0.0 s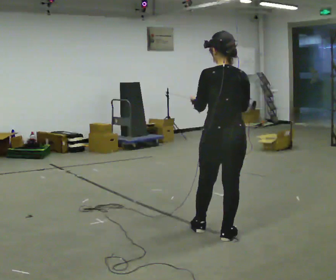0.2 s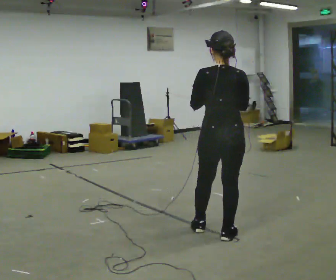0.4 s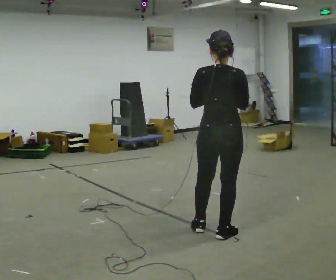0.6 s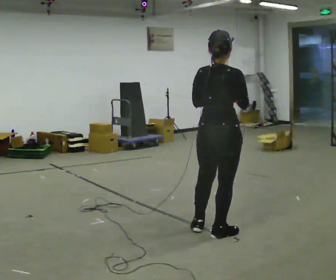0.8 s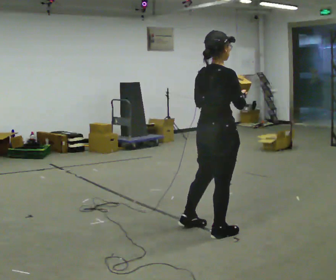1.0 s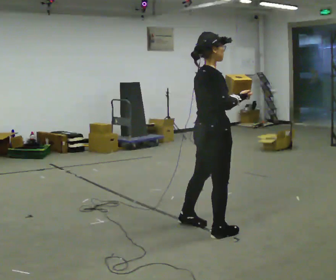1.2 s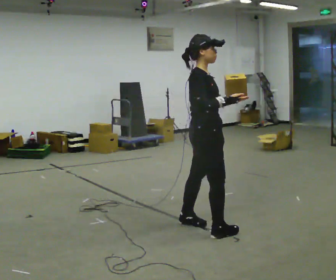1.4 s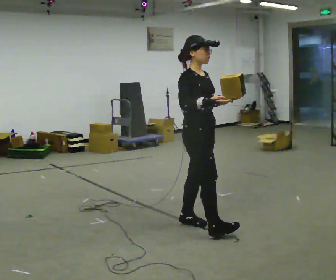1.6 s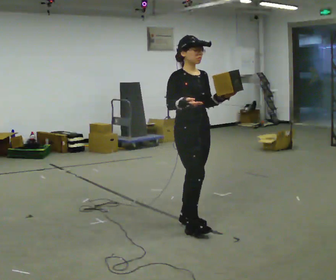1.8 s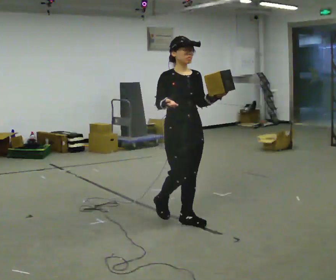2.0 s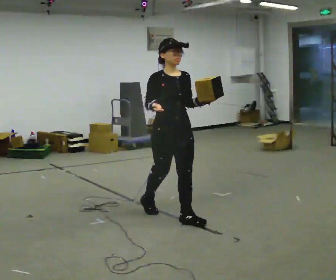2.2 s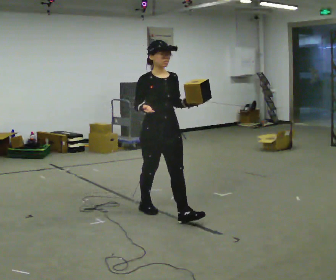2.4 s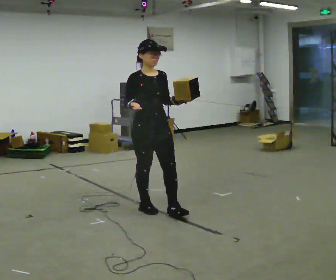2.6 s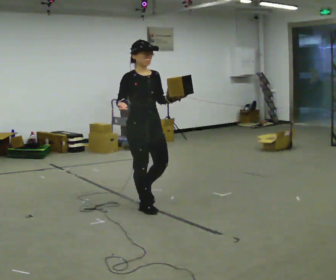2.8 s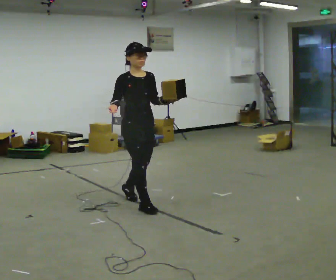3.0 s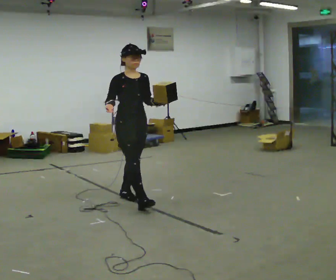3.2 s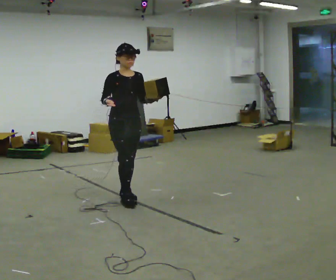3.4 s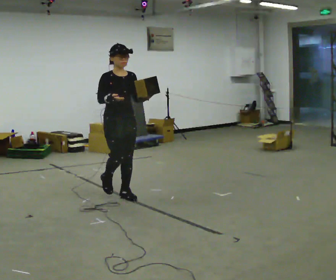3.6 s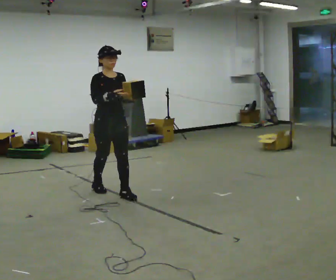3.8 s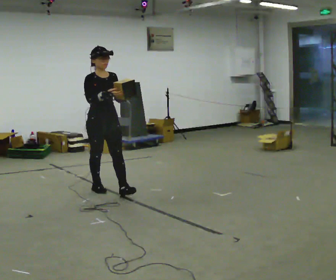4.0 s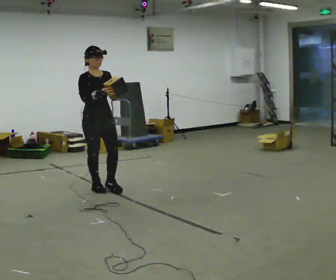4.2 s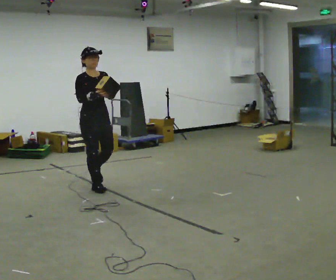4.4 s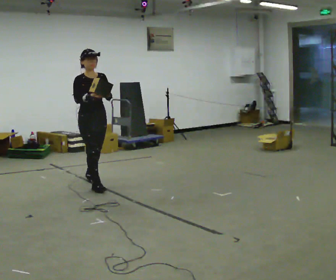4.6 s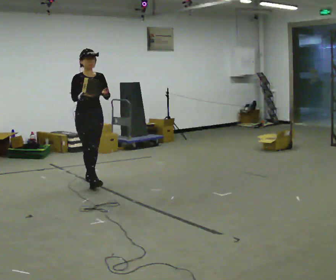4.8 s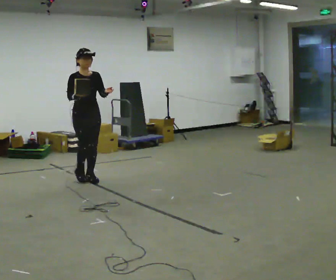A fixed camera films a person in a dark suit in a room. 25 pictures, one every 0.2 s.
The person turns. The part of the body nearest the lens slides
to the left.
The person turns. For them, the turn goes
to their right.
0.0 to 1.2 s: The part of the body nearest the lens slides to the left as the person turns to their right by about 105 degrees. In the picture they go to the left and away from the camera, about 0.25 m in 1 step.
1.2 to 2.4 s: The person turns about 60 degrees to their right, clockwise seen from above, so the part of the body nearest the lens slides to the left. In the picture they go to the left and away from the camera, about 0.75 m in 2 steps, which for them is backward.
2.4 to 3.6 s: In the picture they go away from the camera and to the left, about 1 m in 1 step, which for them is backward.
3.6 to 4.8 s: In the picture they go away from the camera and to the left, about 0.75 m in 2 steps, which for them is backward.
The film runs backward here.
